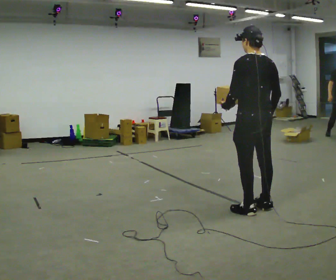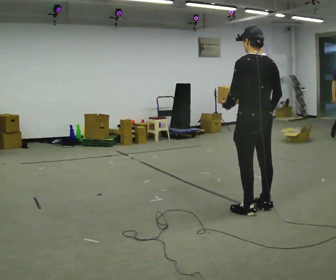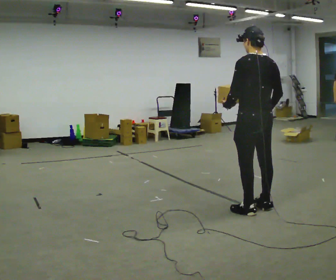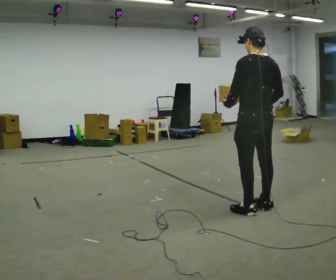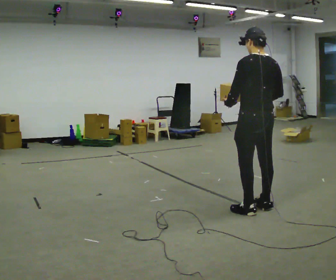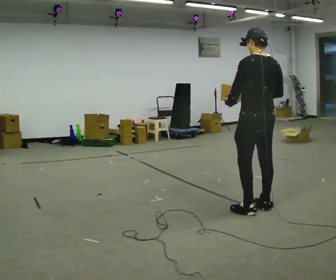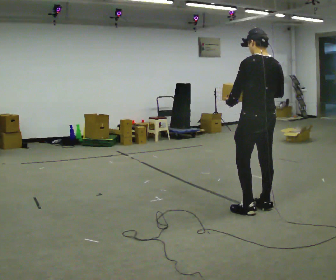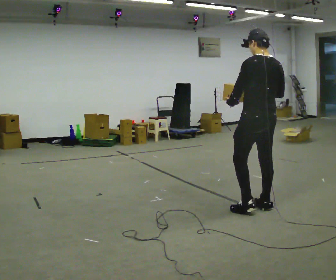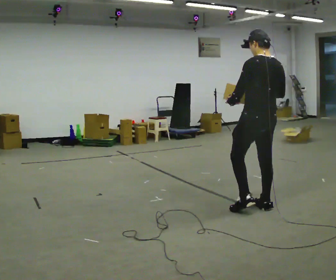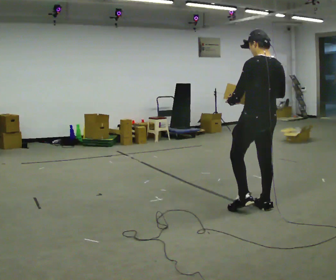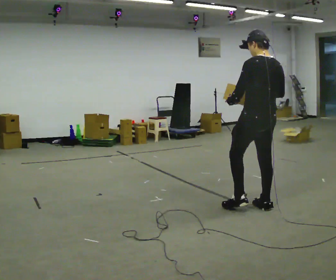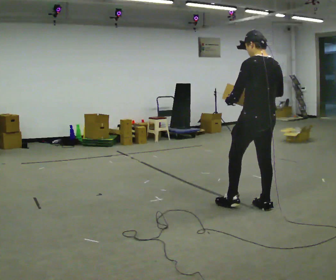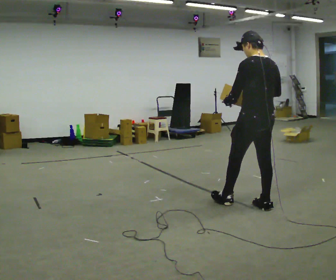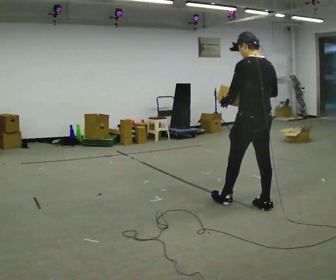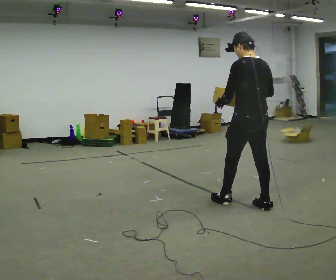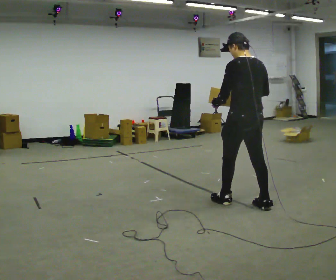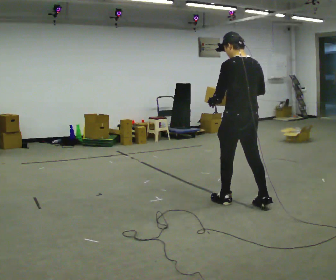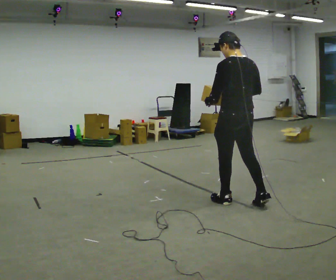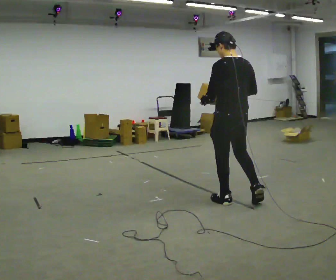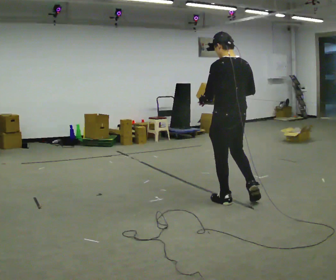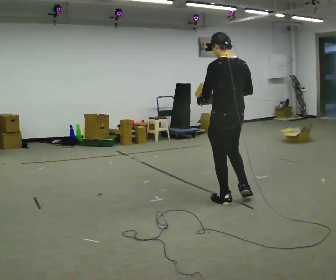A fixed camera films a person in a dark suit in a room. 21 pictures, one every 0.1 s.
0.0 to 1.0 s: The person moves a little, or ends about where they began.
1.0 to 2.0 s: In the picture they go to the left and away from the camera, about 0.25 m in 1 step, which for them is forward and to their left.
The film runs forward here.
